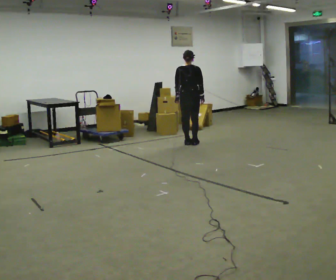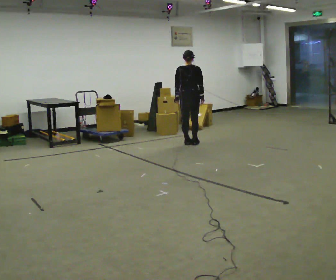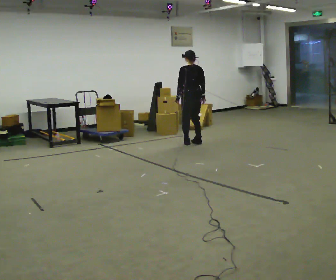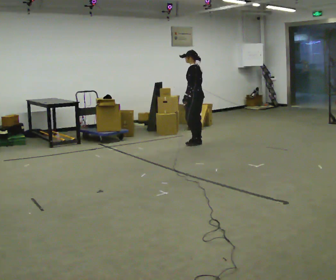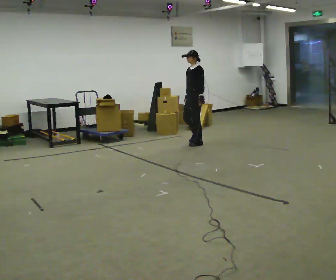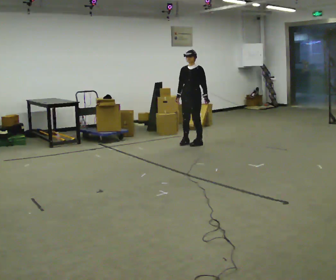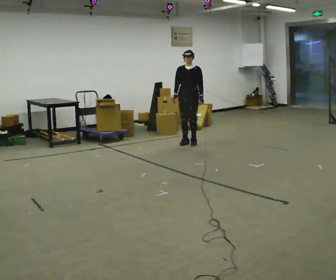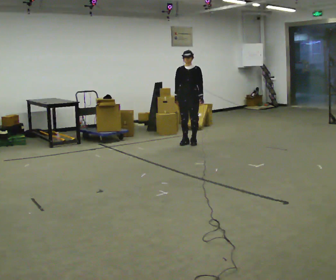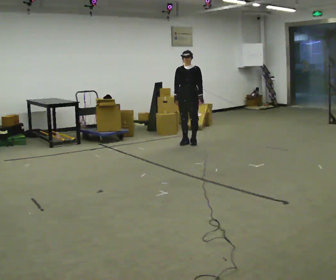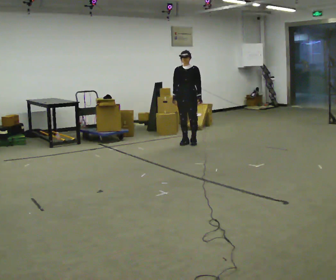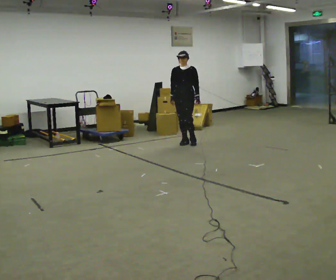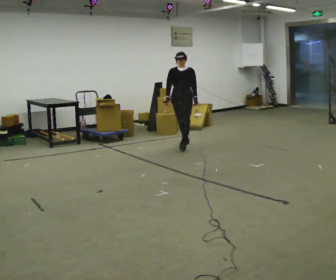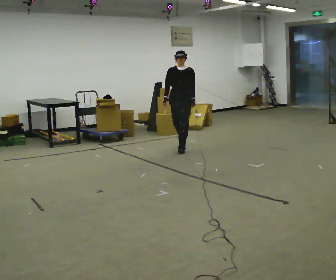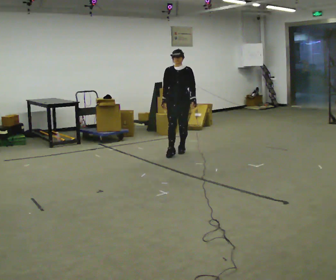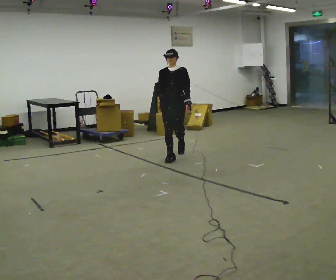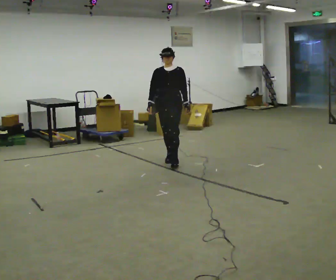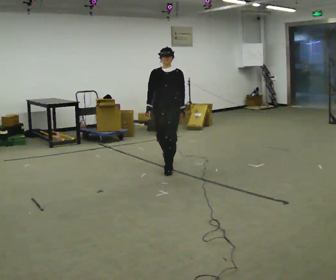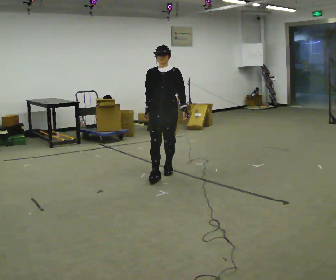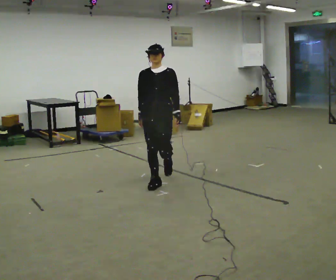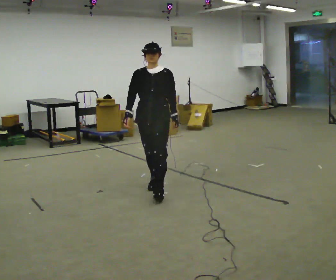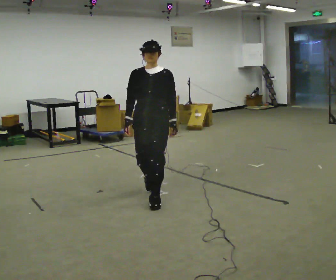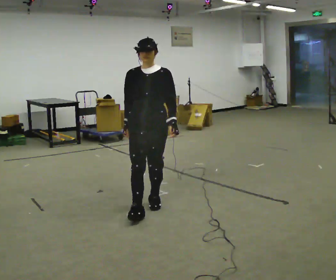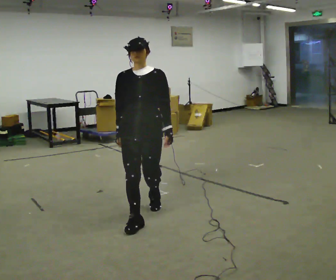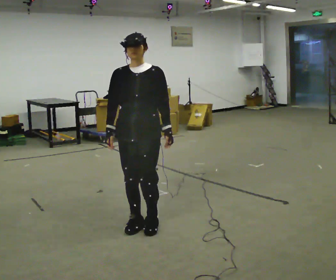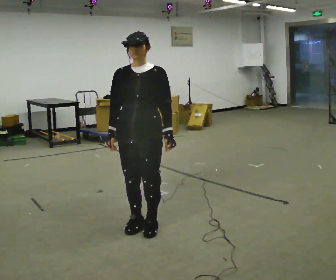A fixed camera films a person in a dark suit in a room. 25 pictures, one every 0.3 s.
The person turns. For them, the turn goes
to their left.
The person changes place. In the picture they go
toward the camera.
0.0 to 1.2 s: The person turns about 135 degrees to their left, counterclockwise seen from above, so the part of the body nearest the lens slides to the right. In the picture their left hand goes to the right.
1.2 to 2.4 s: The person turns about 45 degrees to their left, counterclockwise seen from above, so the part of the body nearest the lens slides to the right.
2.4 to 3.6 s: In the picture they go toward the camera, about 0.5 m in 1 step, which for them is forward.
3.6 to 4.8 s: In the picture they go toward the camera, about 1 m in 2 steps, which for them is forward.
4.8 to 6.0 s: In the picture they go toward the camera, about 1 m in 2 steps, which for them is forward.
6.0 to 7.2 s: In the picture they go toward the camera, about 0.75 m in 2 steps, which for them is forward.
The film runs forward here.
